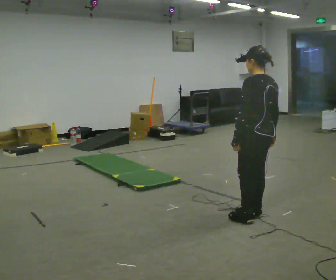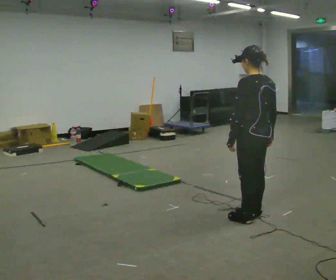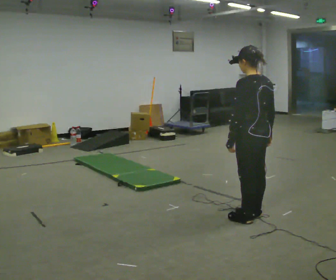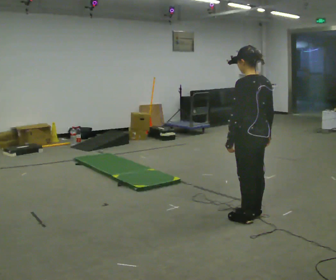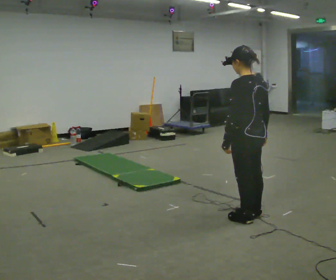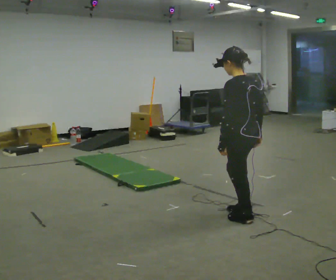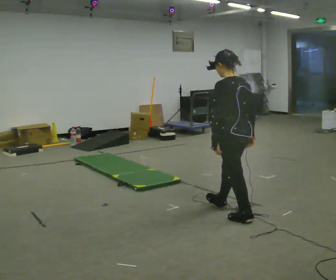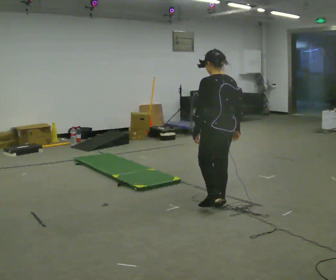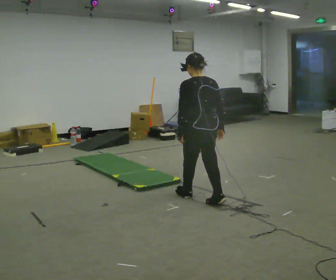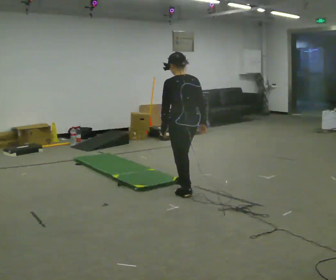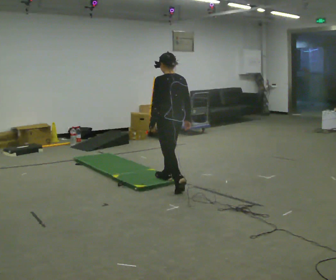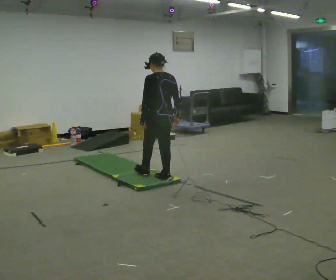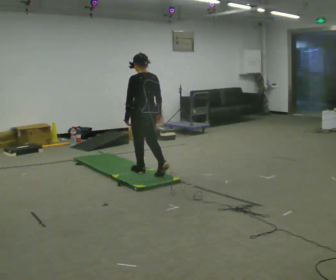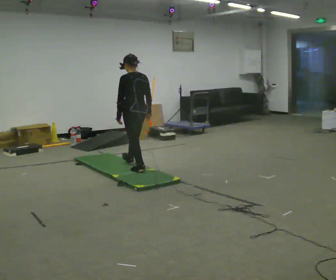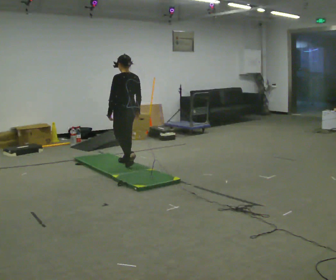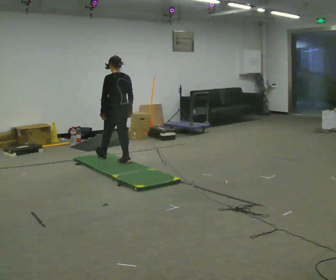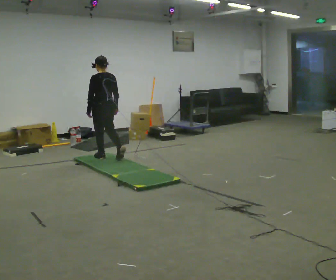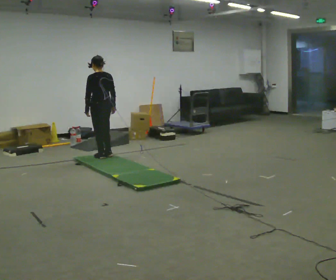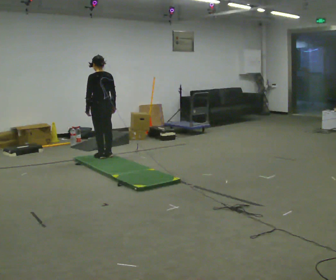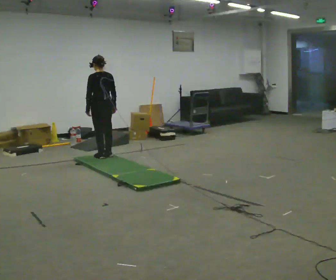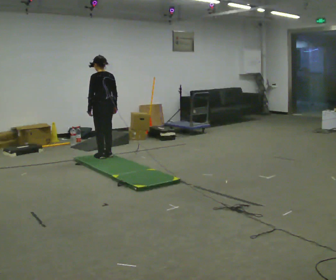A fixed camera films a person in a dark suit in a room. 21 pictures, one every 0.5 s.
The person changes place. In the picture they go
away from the camera.
0.0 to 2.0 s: The person moves a little, or ends about where they began.
2.0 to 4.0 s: In the picture they go away from the camera and to the left, about 0.75 m in 2 steps, which for them is forward.
4.0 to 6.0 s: In the picture they go away from the camera and to the left, about 1 m in 2 steps, which for them is forward.
6.0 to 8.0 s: In the picture they go away from the camera and to the left, about 1 m in 2 steps, which for them is forward.
8.0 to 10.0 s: The person moves a little, or ends about where they began.
The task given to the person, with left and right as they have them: Walk across the soft uneven mat at a comfortable speed; continue walking normally after you leave it.
The film runs forward here.
